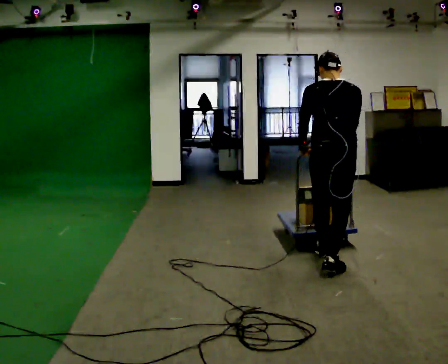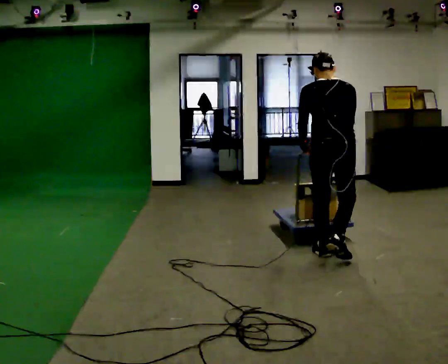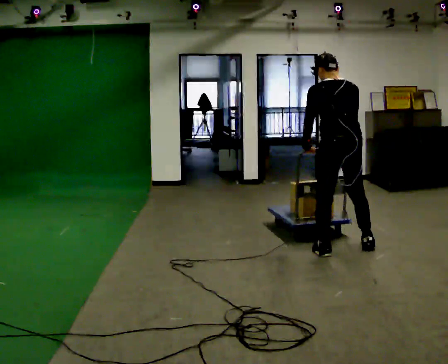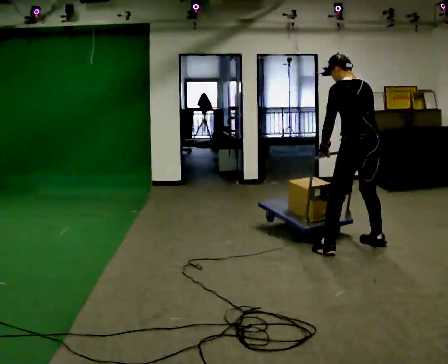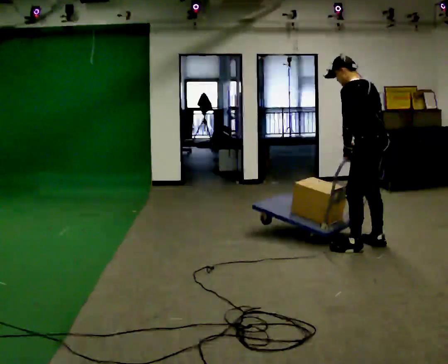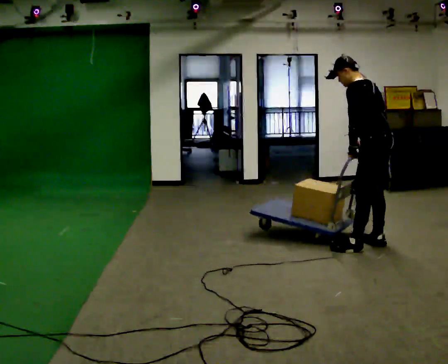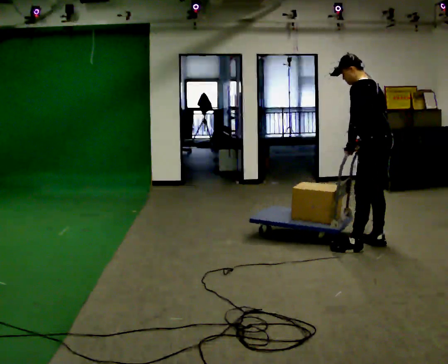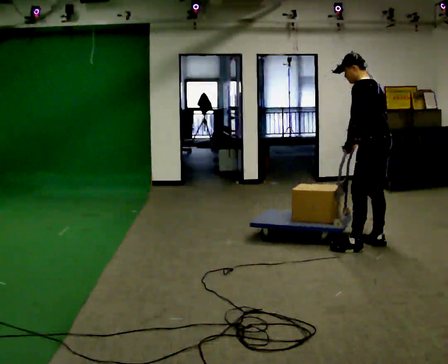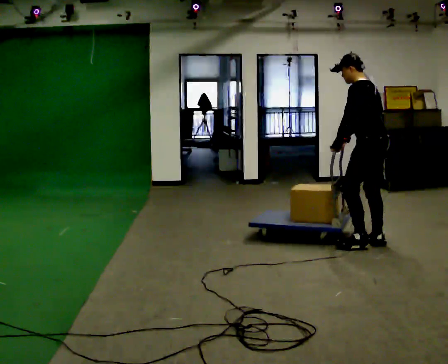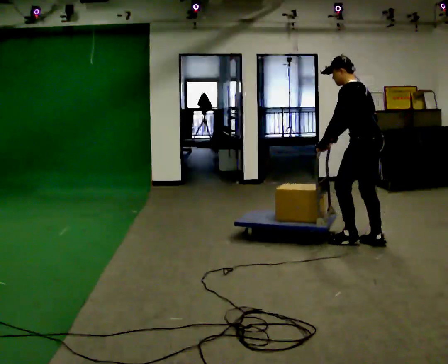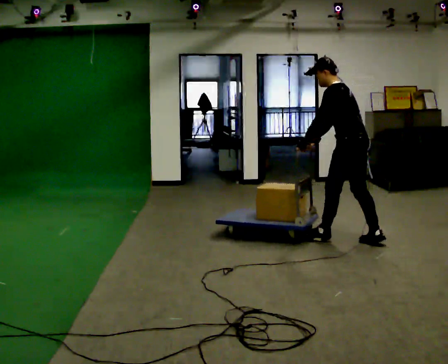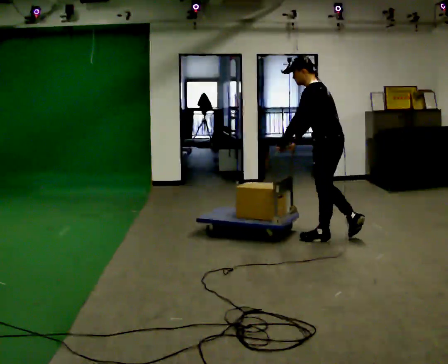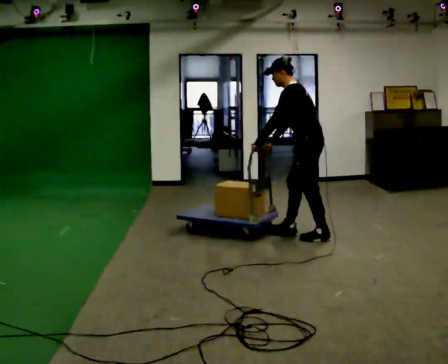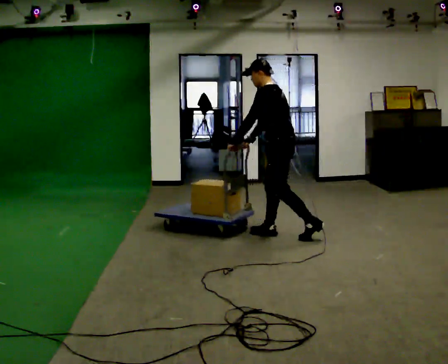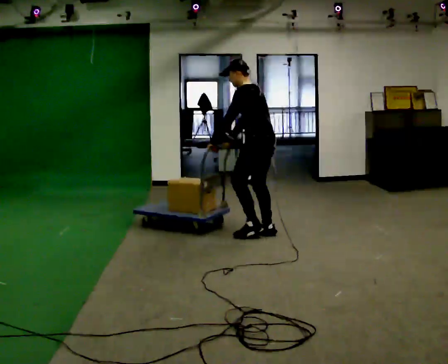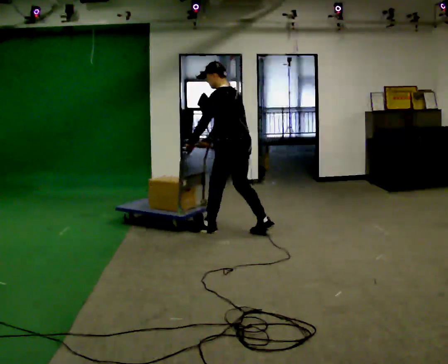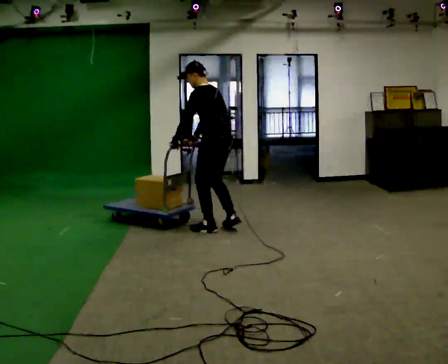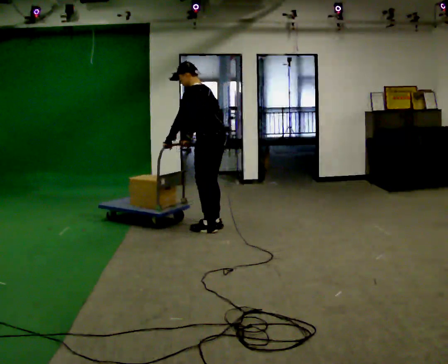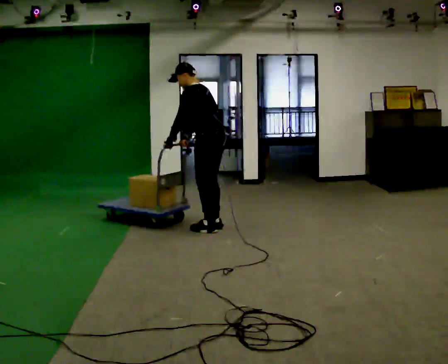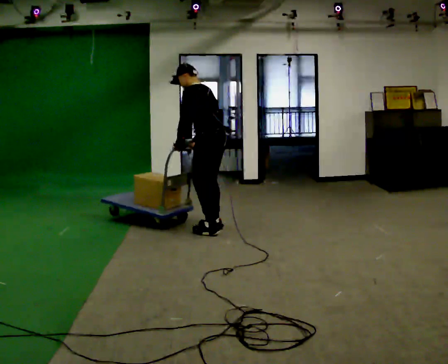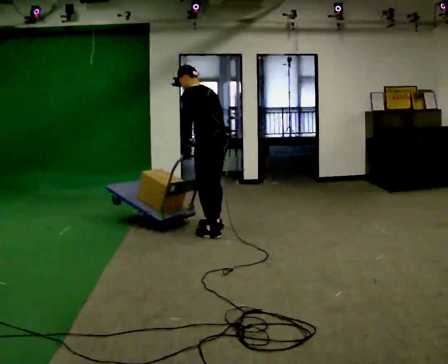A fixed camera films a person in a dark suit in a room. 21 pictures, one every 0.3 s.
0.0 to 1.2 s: The part of the body nearest the lens slides to the right as the person turns to their left by about 60 degrees. In the picture they go away from the camera and to the right, about 0.5 m in 3 steps, which for them is to their right and forward.
1.2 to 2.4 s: The person moves a little, or ends about where they began.
2.4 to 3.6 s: In the picture they go to the left, about 0.5 m in 1 step, which for them is forward.
3.6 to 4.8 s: In the picture they go to the left, about 1 m in 2 steps, which for them is forward.
4.8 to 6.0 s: The person moves a little, or ends about where they began.
The film runs forward here.
